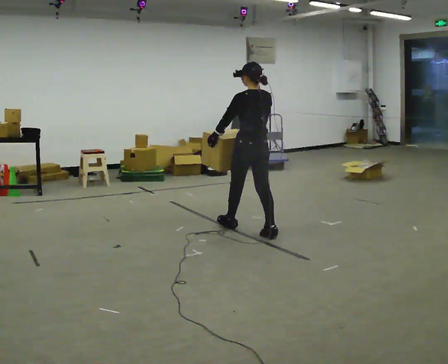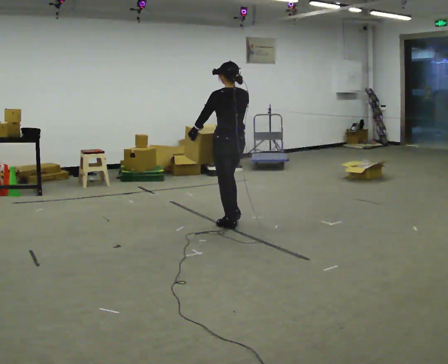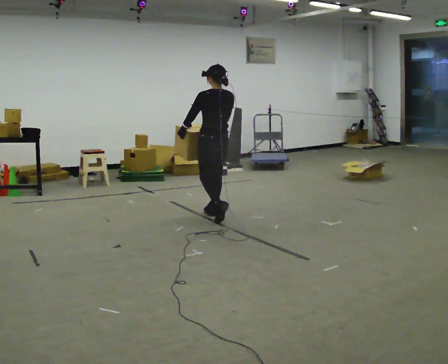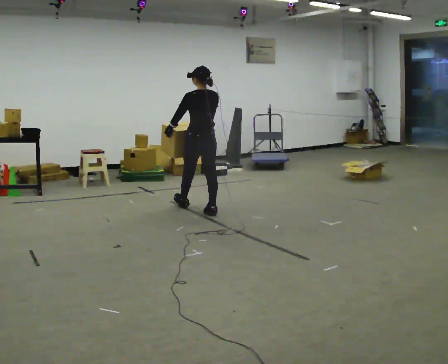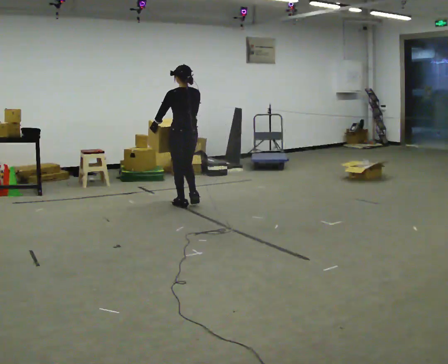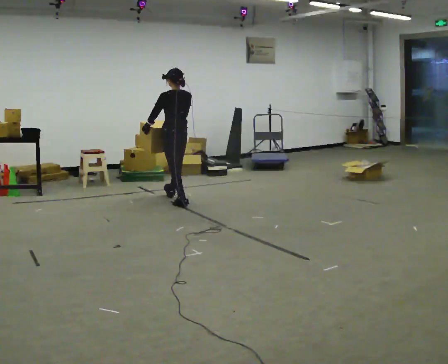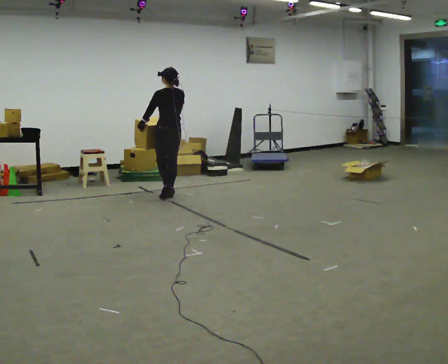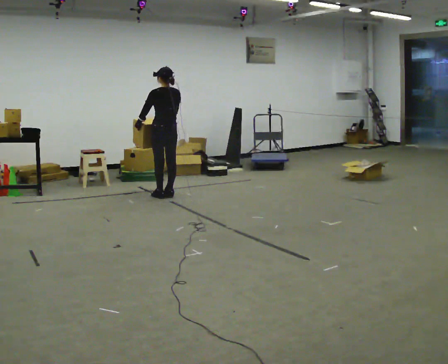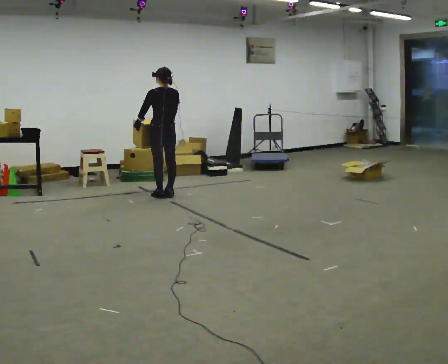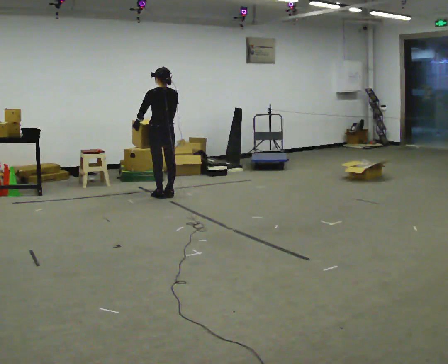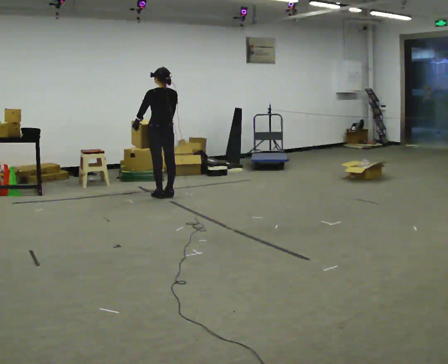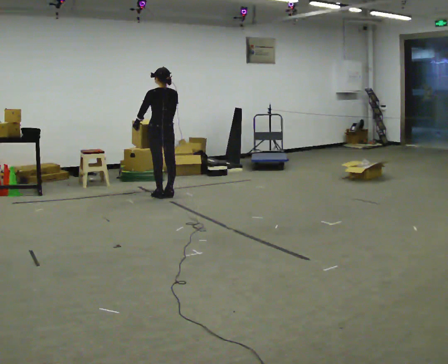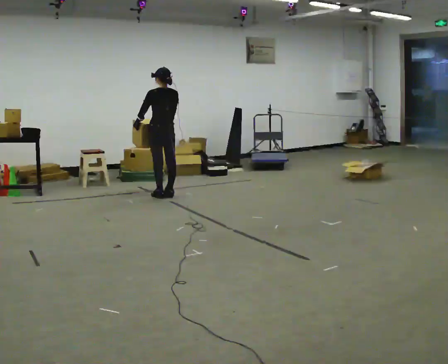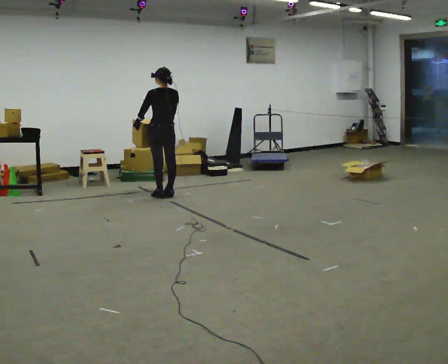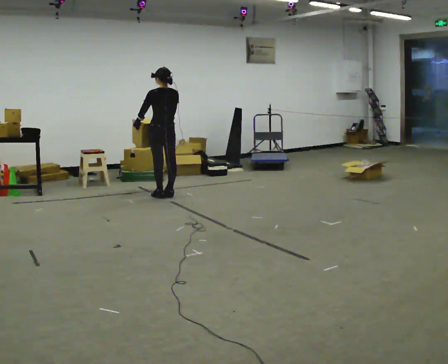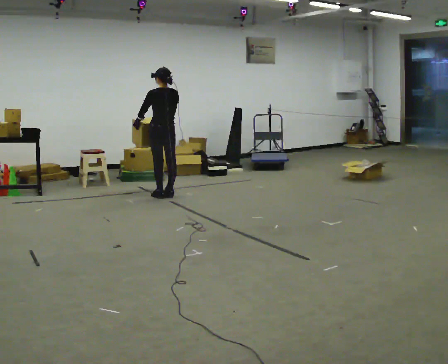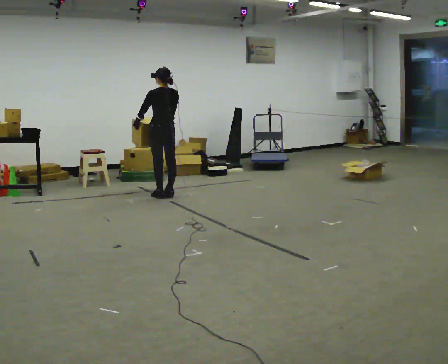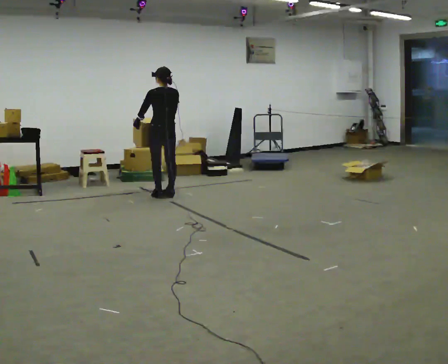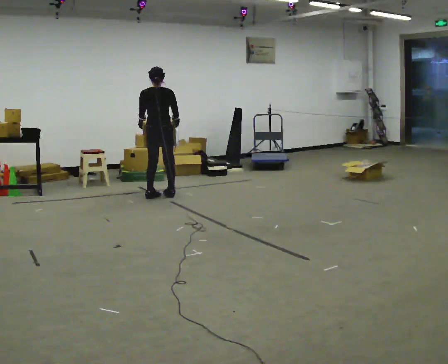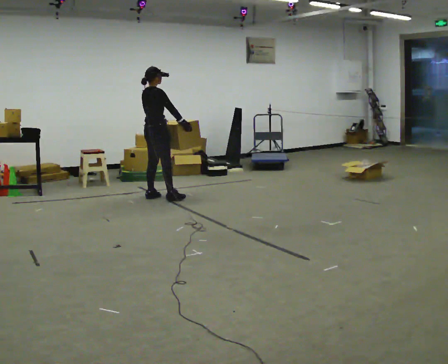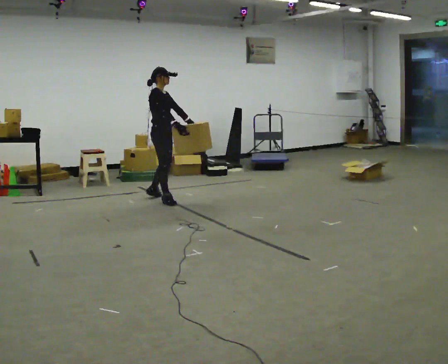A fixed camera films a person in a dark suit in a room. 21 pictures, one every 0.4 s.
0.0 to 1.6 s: In the picture they go away from the camera and to the left, about 1 m in 3 steps, which for them is forward.
1.6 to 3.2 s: In the picture they go away from the camera and to the left, about 0.5 m in 2 steps, which for them is forward.
3.2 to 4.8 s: The person moves a little, or ends about where they began.
4.8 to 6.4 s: The person keeps their place and pose.
6.4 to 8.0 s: The person turns about 135 degrees to their right, clockwise seen from above, so the part of the body nearest the lens slides to the left. In the picture they go toward the camera, about 0.25 m in 2 steps.
The film runs forward here.
